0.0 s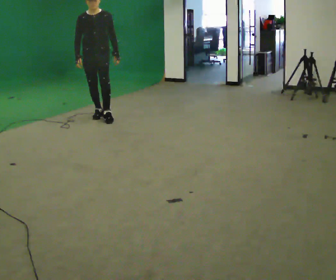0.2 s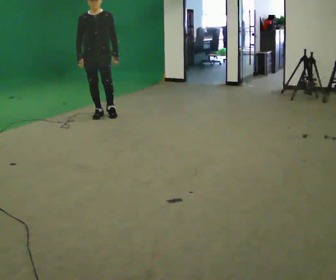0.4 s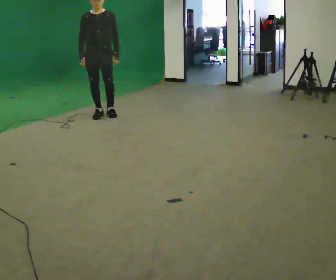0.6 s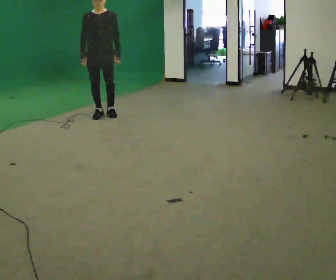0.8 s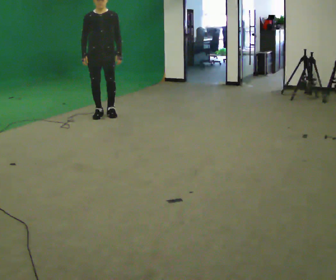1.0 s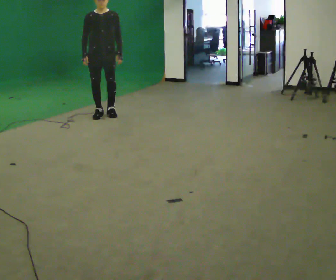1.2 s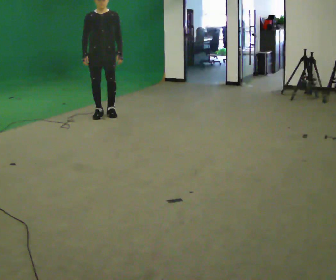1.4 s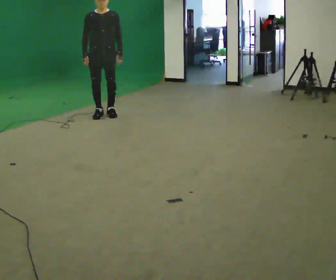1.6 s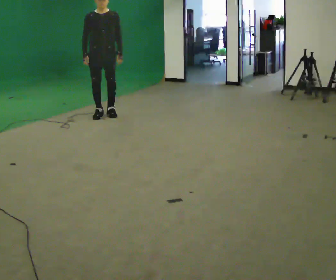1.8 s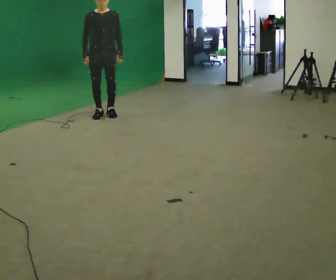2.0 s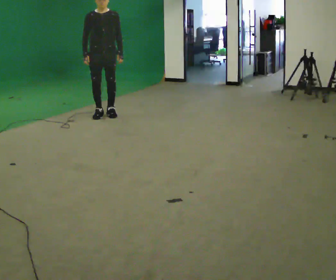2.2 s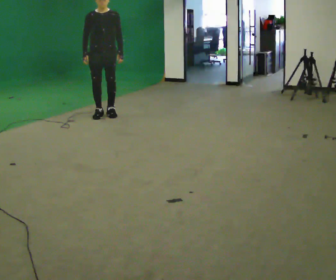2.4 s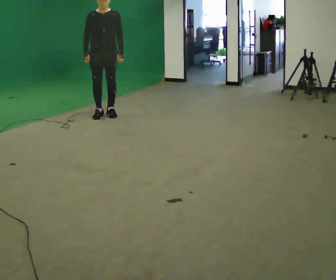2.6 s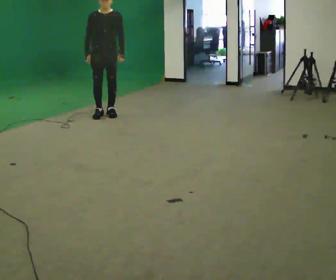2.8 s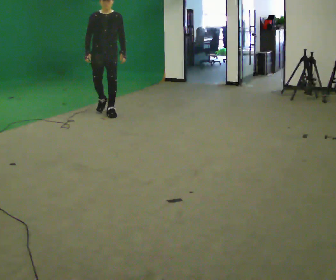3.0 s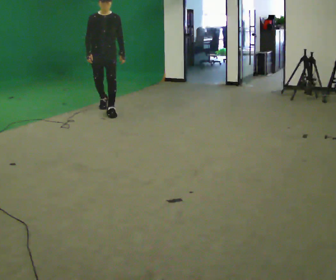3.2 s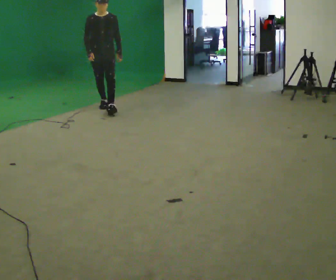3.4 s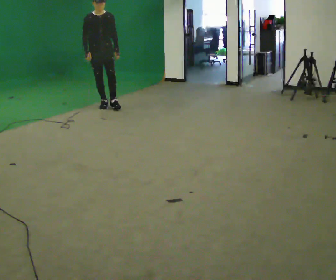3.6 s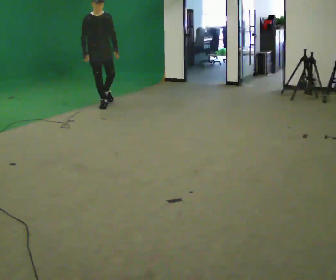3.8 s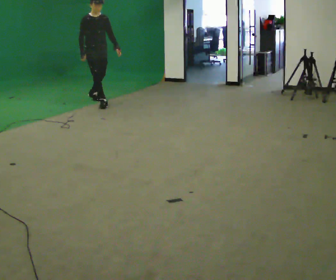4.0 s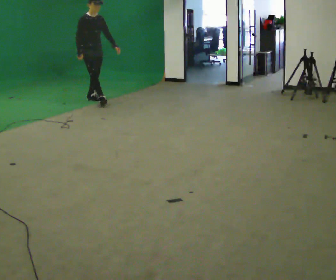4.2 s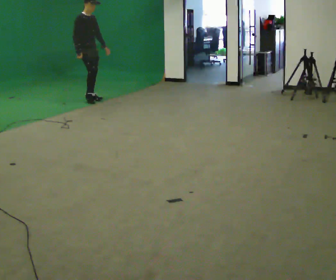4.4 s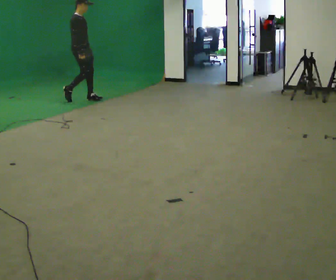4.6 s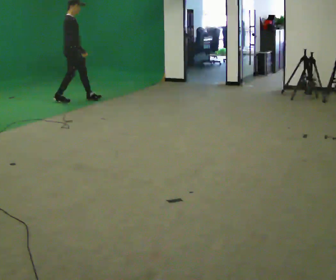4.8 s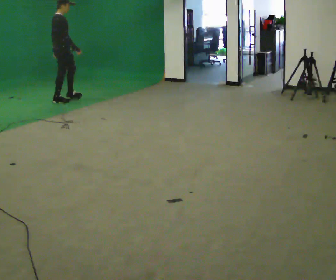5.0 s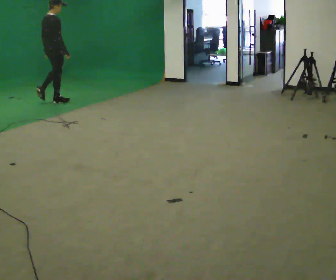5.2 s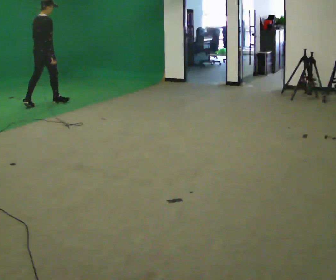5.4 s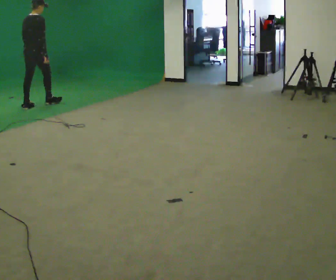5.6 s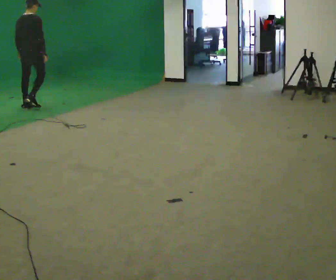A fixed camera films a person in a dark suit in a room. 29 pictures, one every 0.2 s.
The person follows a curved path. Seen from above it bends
counterclockwise.
The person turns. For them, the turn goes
to their left.
0.0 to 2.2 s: In the picture they go away from the camera, about 0.25 m, which for them is backward.
2.2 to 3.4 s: In the picture they go away from the camera, about 0.5 m in 2 steps, which for them is backward.
3.4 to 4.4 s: Seen from above the body turns counterclockwise, about 60 degrees: to their left, with its near side sliding to the right. In the picture they go away from the camera and to the left, about 0.5 m in 1 step.
4.4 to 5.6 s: The part of the body nearest the lens slides to the right as the person turns to their left by about 90 degrees. In the picture they go to the left and toward the camera, about 1 m in 2 steps.
The film runs backward here.
